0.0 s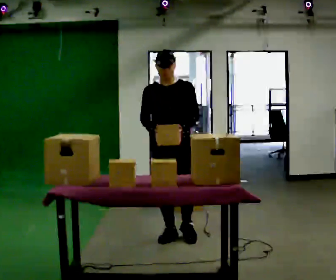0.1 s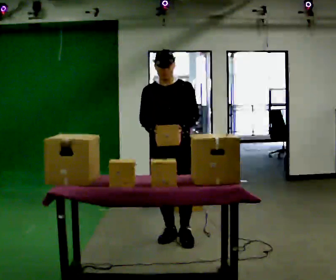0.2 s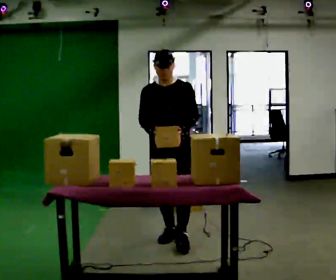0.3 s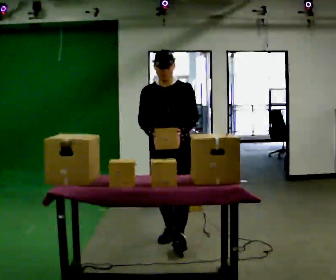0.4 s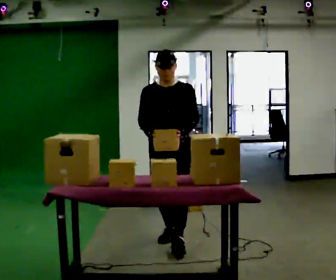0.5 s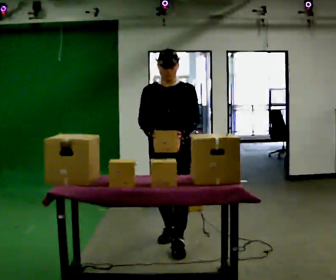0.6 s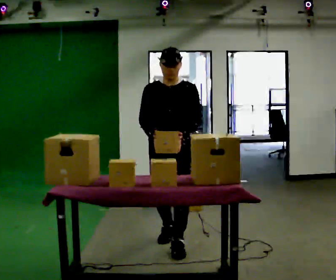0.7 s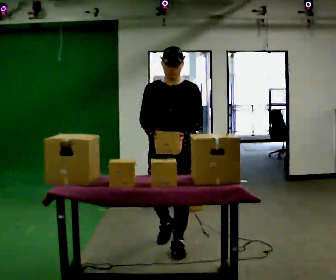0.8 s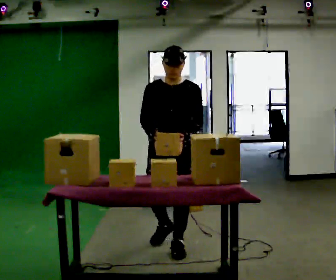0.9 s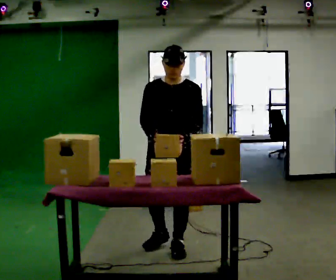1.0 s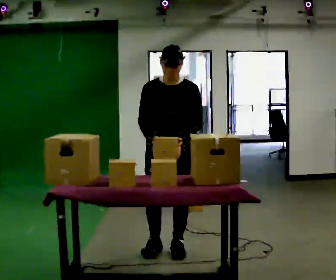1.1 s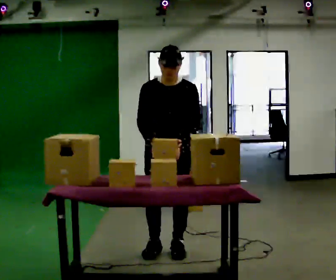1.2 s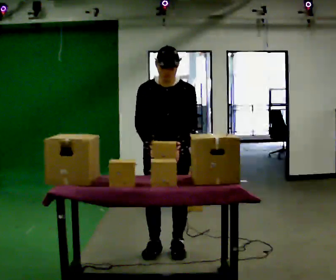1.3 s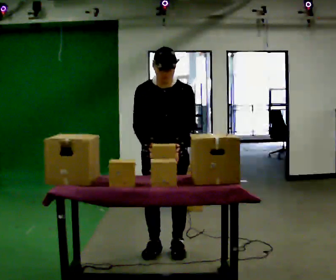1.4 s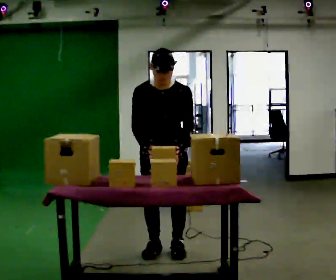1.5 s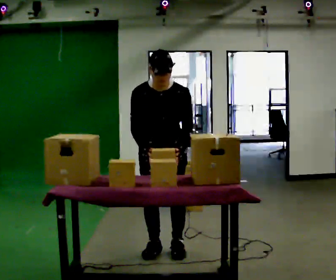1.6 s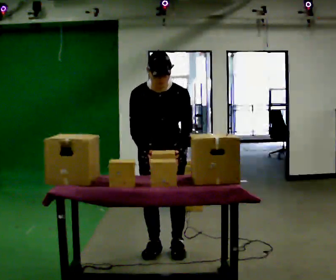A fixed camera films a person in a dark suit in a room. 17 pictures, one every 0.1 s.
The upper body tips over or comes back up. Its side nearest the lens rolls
downward.
0.0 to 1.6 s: In the picture they go toward the camera, about 0.5 m in 2 steps, which for them is forward. The upper body tips toward the camera, its near side rolling downward, as they bend forward.
The film runs forward here.
